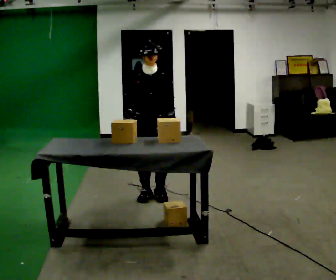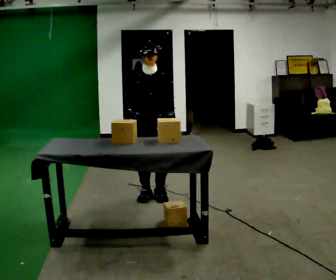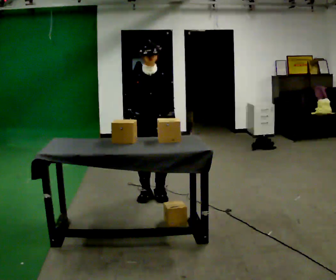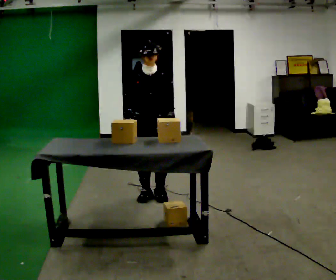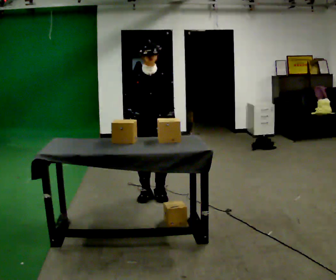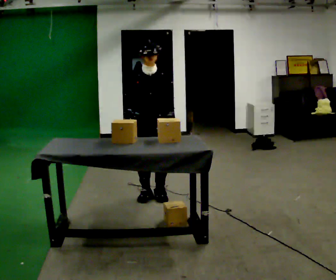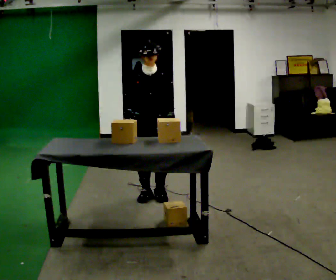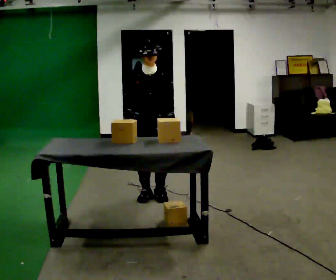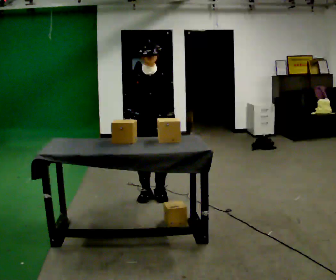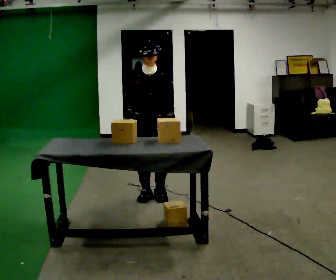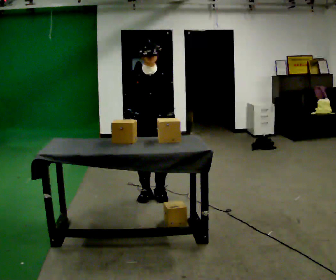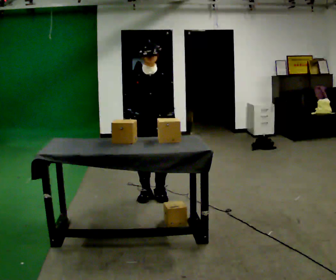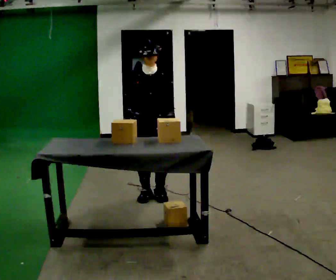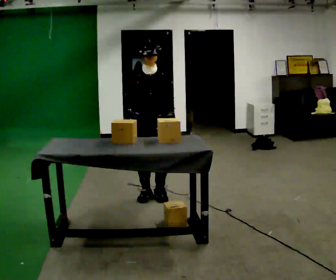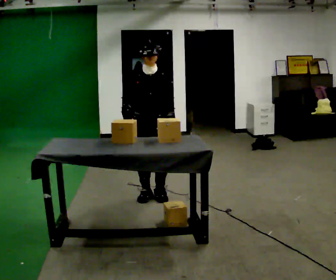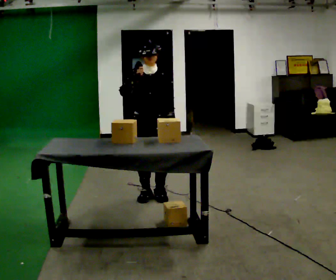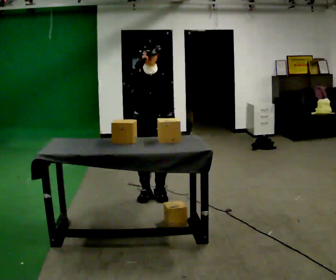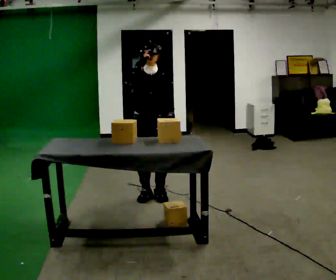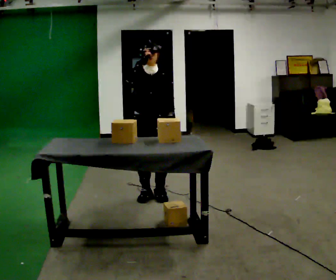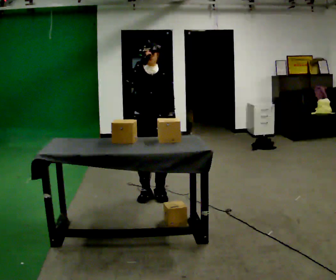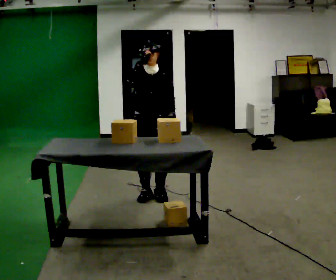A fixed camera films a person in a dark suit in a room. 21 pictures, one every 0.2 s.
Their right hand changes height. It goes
upward.
0.0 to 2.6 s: The person keeps their place and pose.
2.6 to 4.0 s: In the picture their right hand goes upward.
The film runs forward here.
